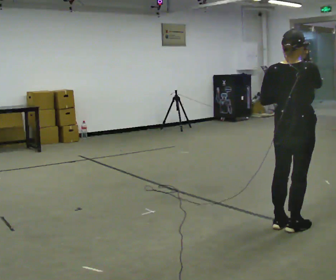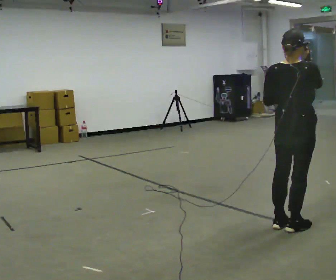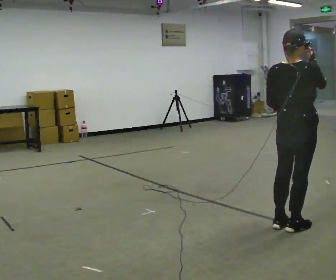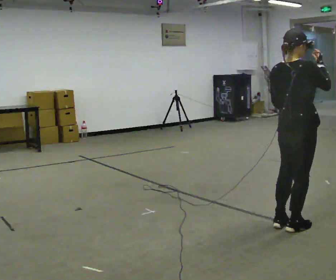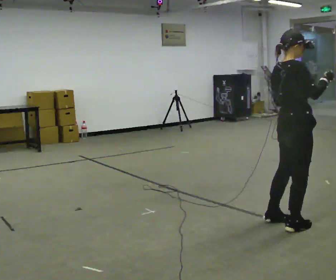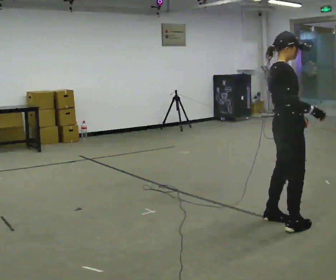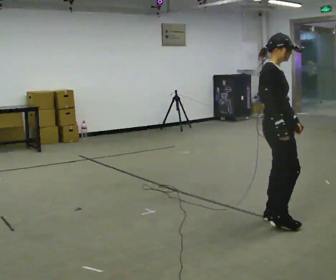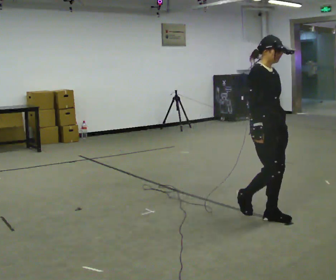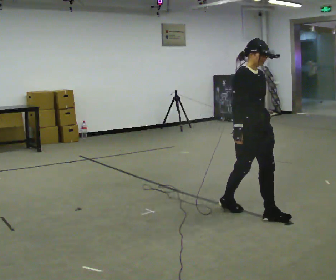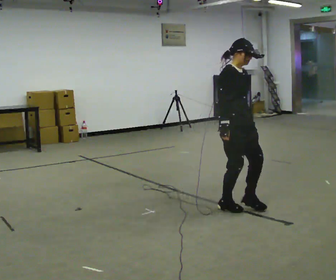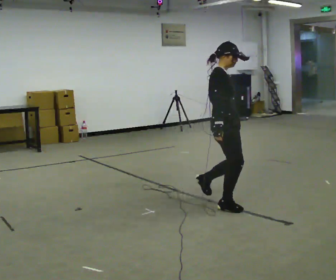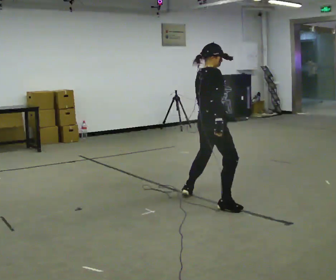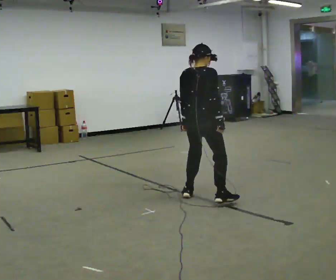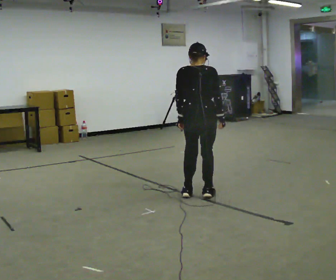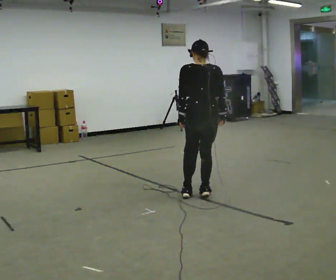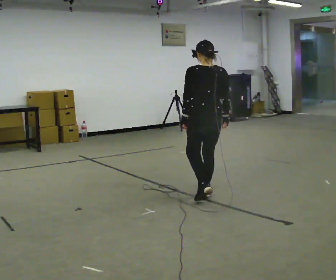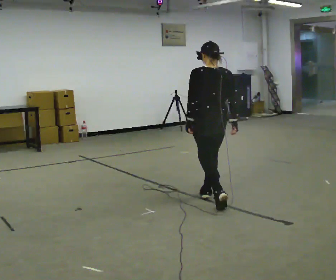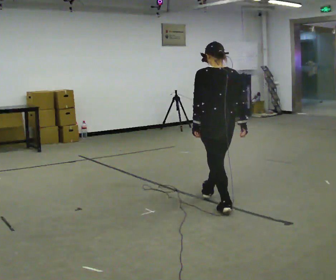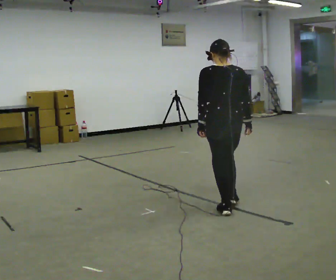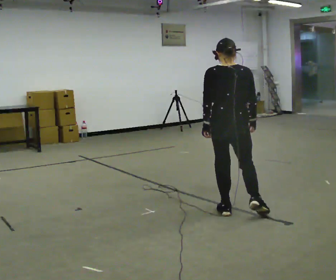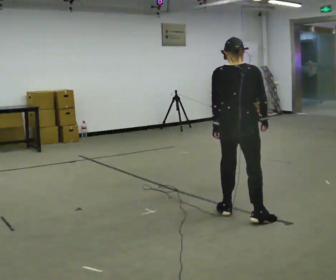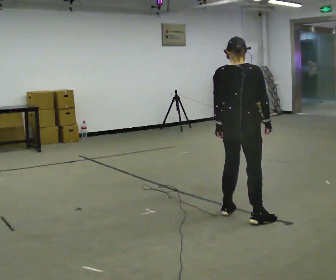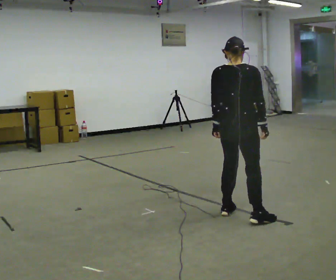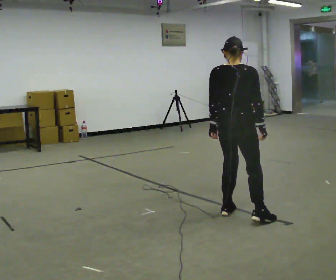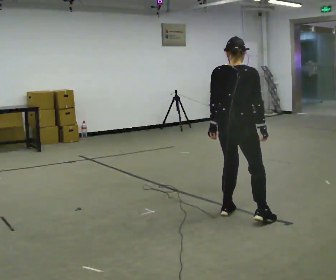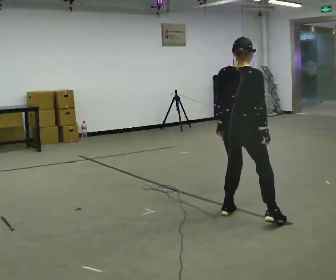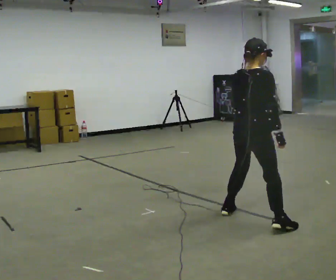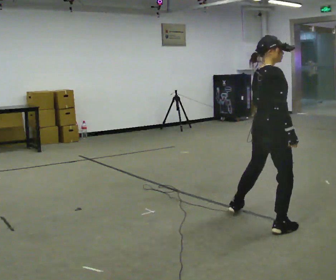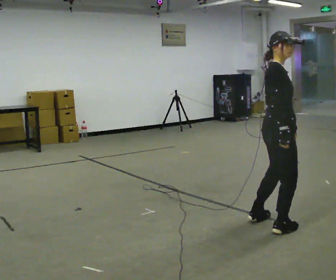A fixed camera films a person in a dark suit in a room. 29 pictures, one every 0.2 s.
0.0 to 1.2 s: The person turns about 75 degrees to their right, clockwise seen from above, so the part of the body nearest the lens slides to the left. In the picture they go away from the camera, about 0.25 m in 2 steps. In the picture their right hand goes downward.
1.2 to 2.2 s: Seen from above the body turns counterclockwise, about 30 degrees: to their left, with its near side sliding to the right. In the picture they go away from the camera and to the left, about 0.5 m in 1 step.
2.2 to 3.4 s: The person turns about 90 degrees to their left, counterclockwise seen from above, so the part of the body nearest the lens slides to the right.
3.4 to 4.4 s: Seen from above the body turns clockwise, about 45 degrees: to their right, with its near side sliding to the left. In the picture they go toward the camera, about 0.25 m, which for them is backward and to their right.
4.4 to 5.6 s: The person turns about 60 degrees to their right, clockwise seen from above, so the part of the body nearest the lens slides to the left. In the picture they go toward the camera and to the right, about 0.25 m in 2 steps.
The film runs backward here.
